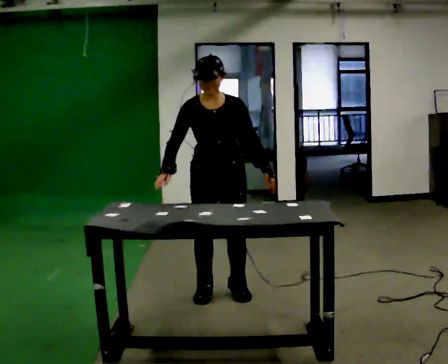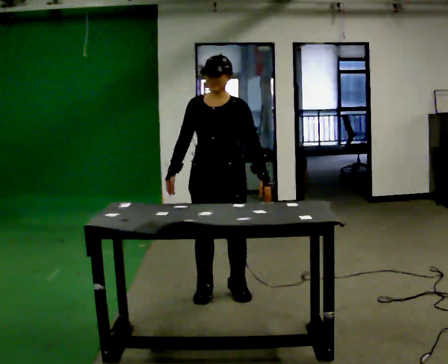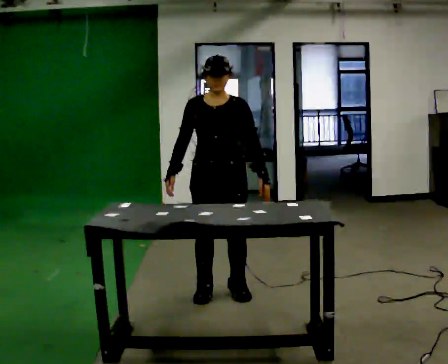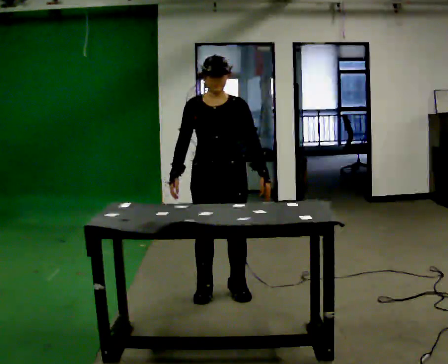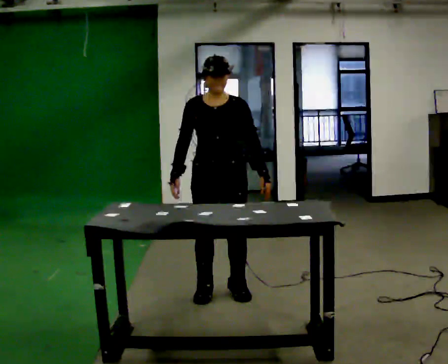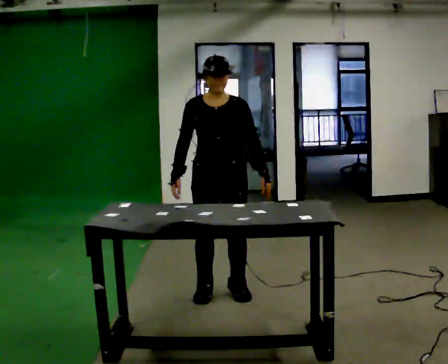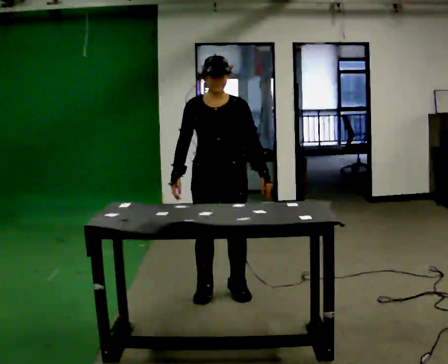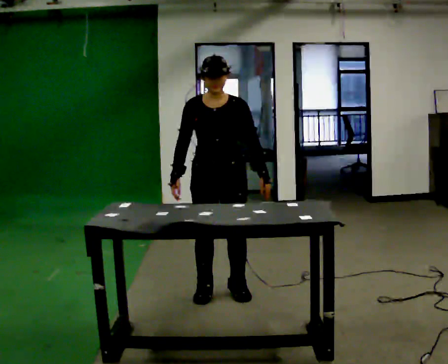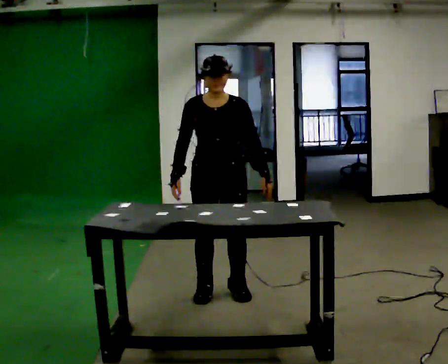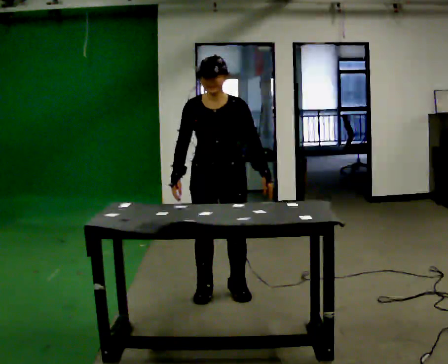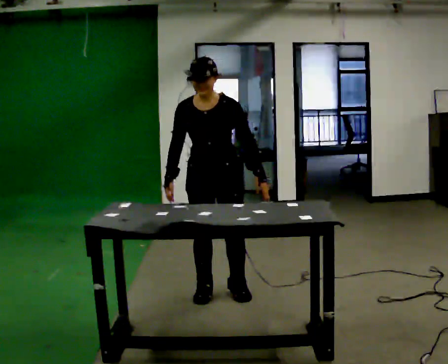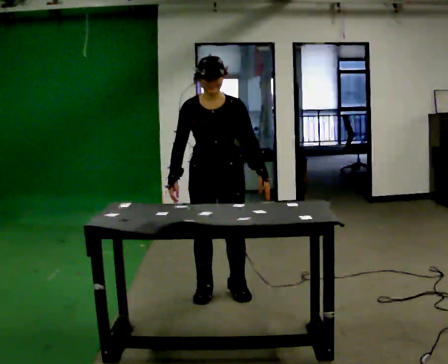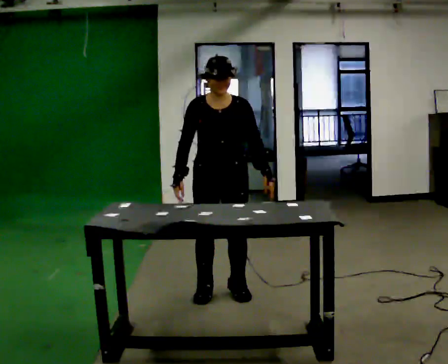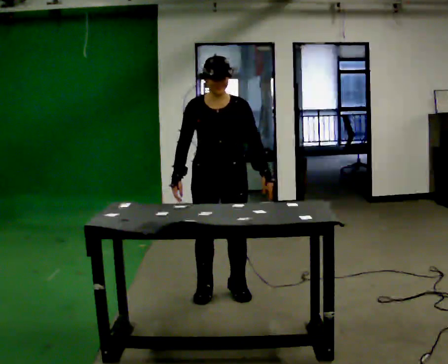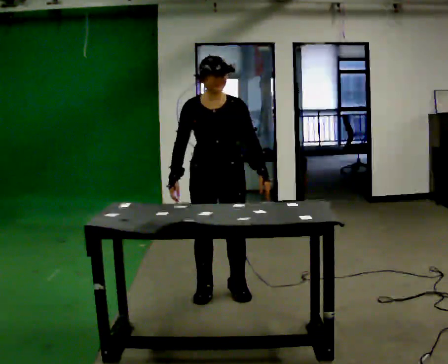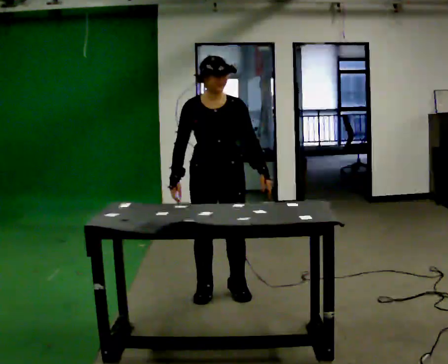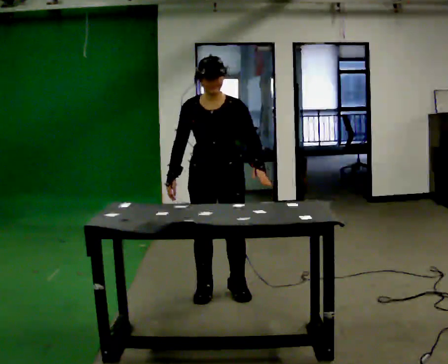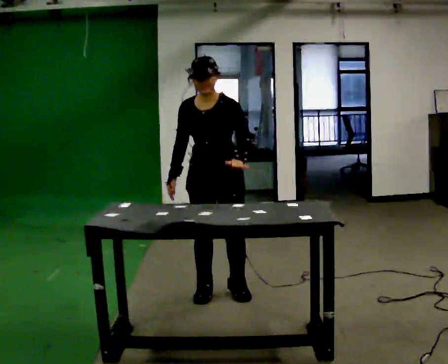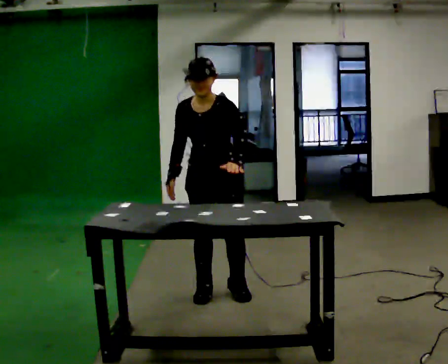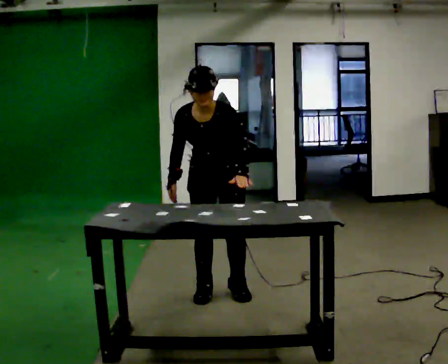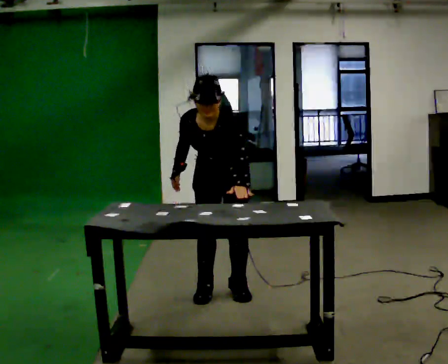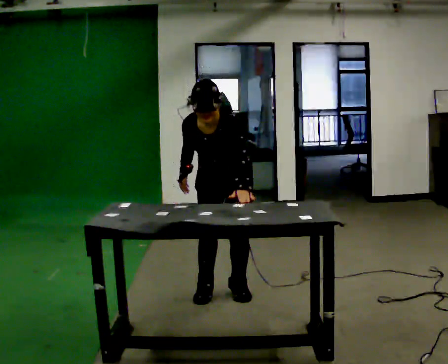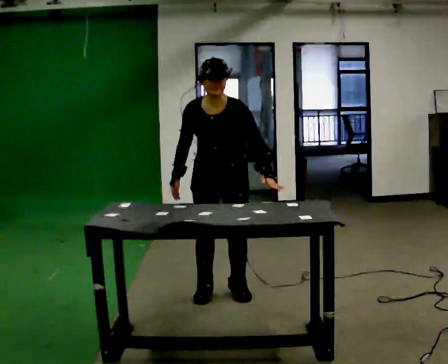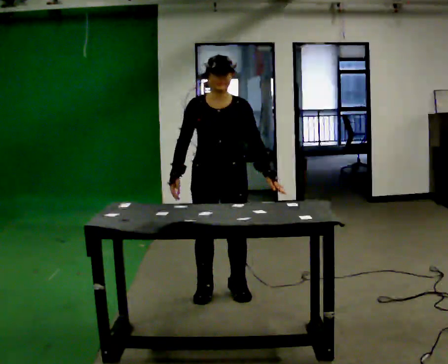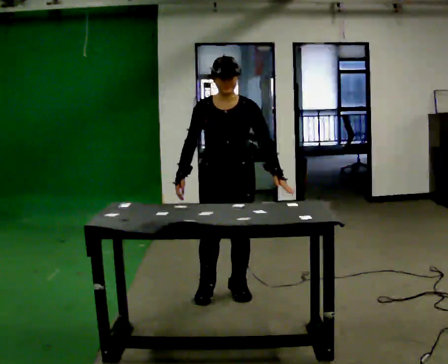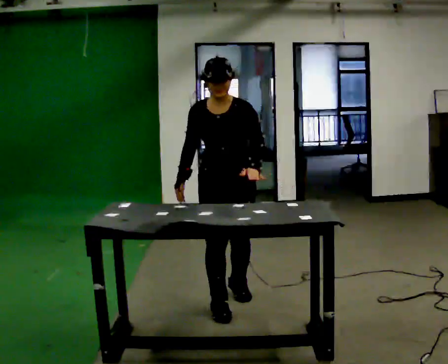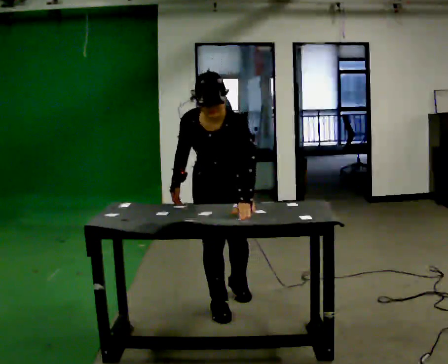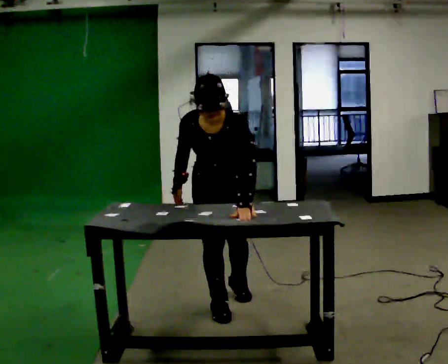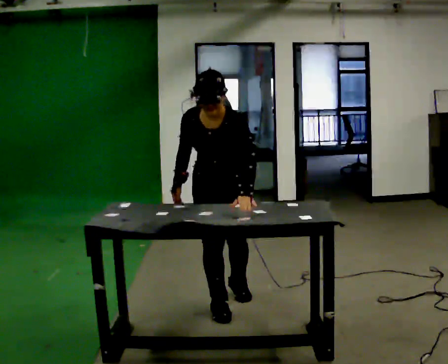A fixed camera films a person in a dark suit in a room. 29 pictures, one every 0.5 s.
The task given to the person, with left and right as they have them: Touch each numbered target on the board in front of you in the order the operator calls. Keep both feet on the marked spots for the whole take. If you have to step, stop and tell the operator.
0.0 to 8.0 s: The person moves a little, or ends about where they began.
8.0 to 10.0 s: The upper body tips toward the camera, its near side rolling downward, as they bend forward.
10.0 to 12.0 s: The upper body tips away from the camera, its near side rolling upward, as they lean back or straighten.
12.0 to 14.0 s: In the picture they go toward the camera, about 0.25 m in 1 step, which for them is forward.
The film runs forward here.
